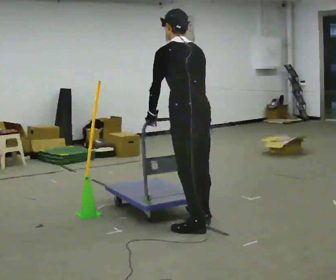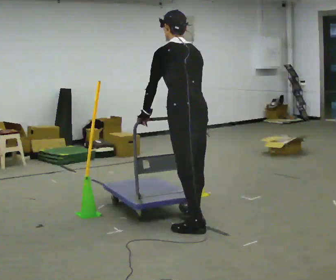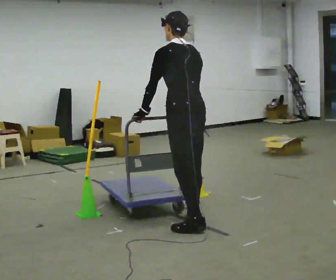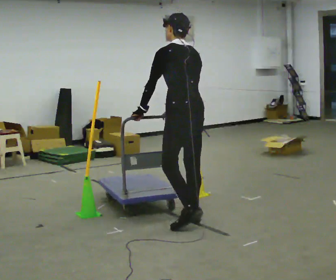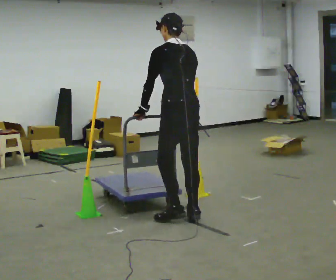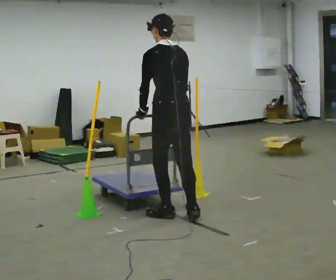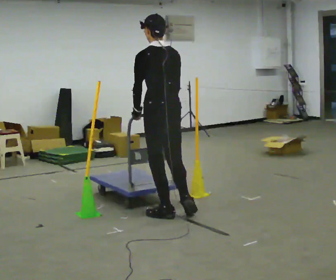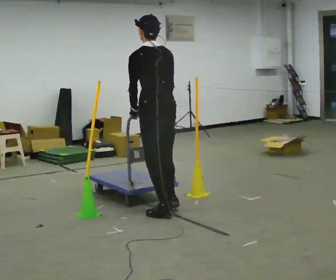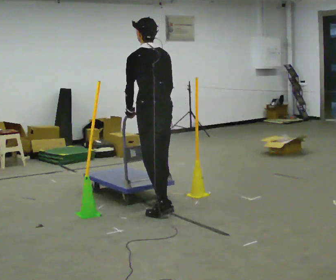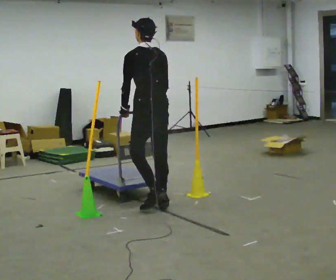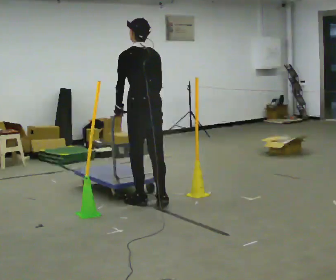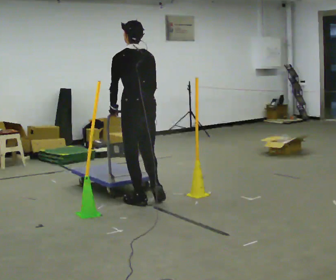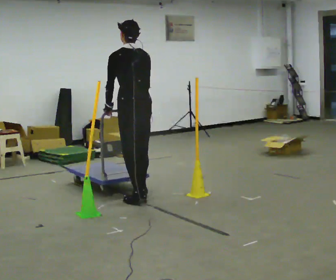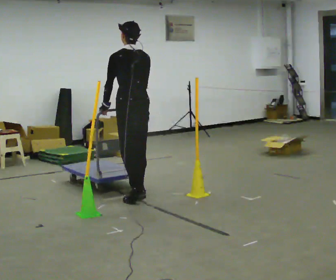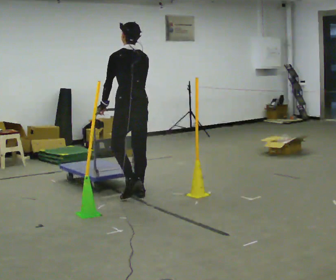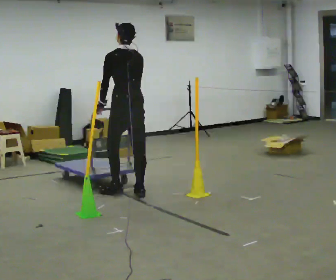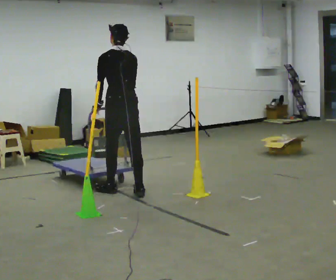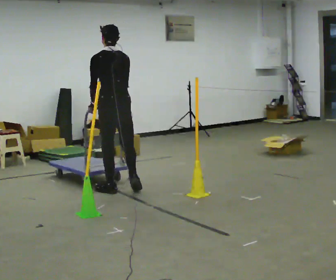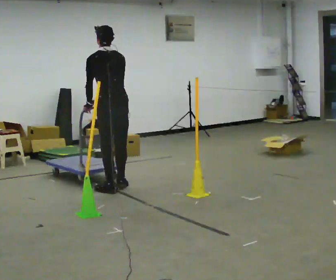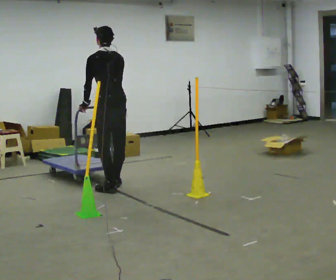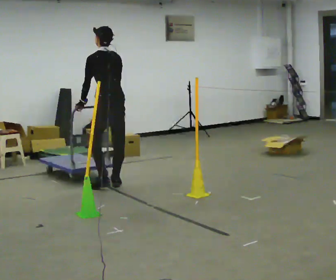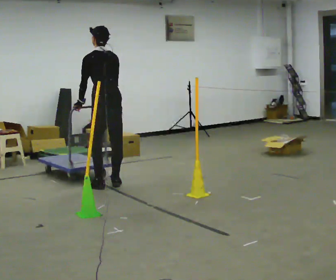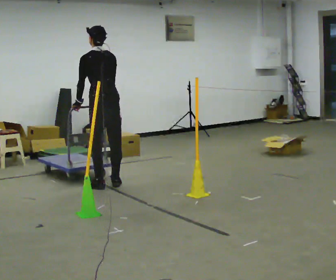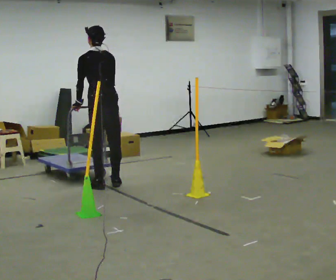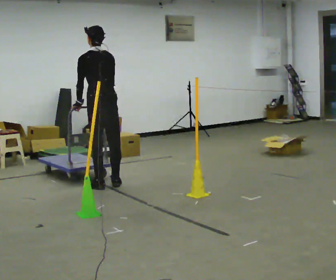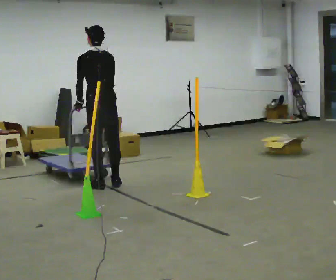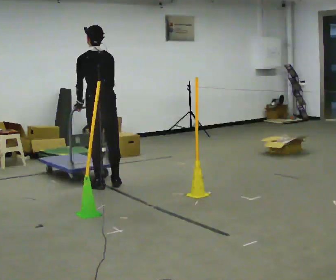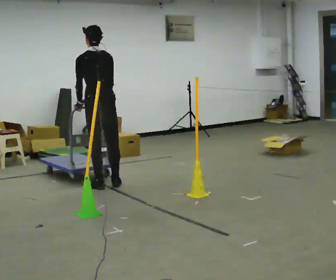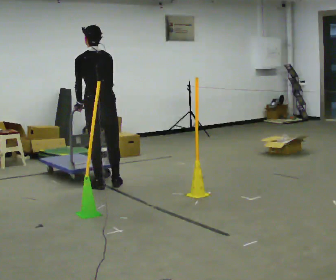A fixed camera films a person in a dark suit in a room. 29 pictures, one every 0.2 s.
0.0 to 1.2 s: In the picture they go away from the camera and to the left, about 0.5 m in 2 steps, which for them is forward.
1.2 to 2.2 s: In the picture they go away from the camera and to the left, about 0.5 m in 2 steps, which for them is forward.
2.2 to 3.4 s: In the picture they go away from the camera and to the left, about 0.5 m in 2 steps, which for them is forward.
3.4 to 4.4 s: In the picture they go away from the camera, about 0.25 m in 2 steps, which for them is forward.
4.4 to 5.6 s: The person moves a little, or ends about where they began.
The film runs forward here.
